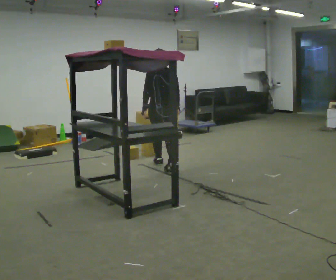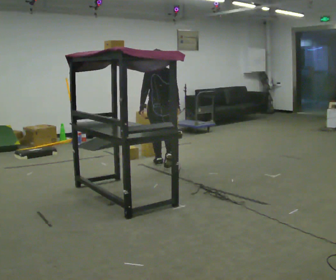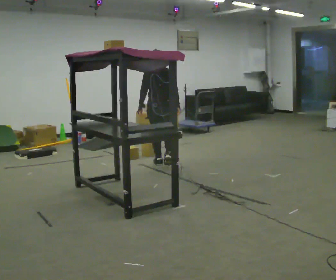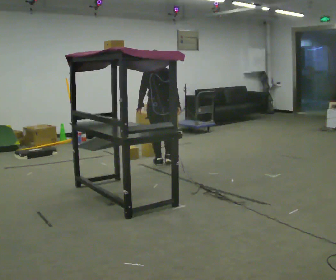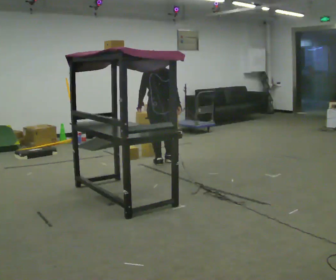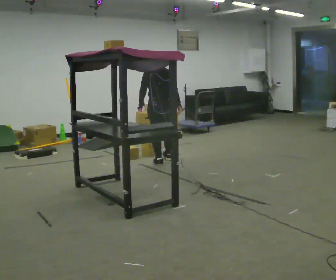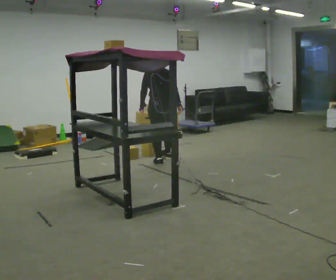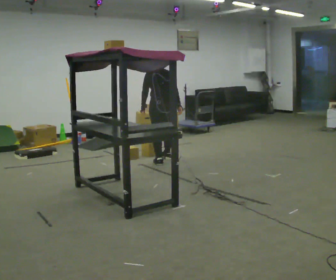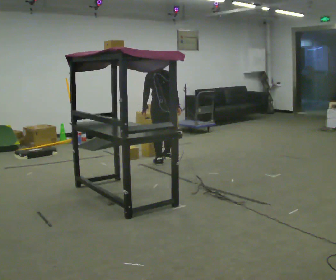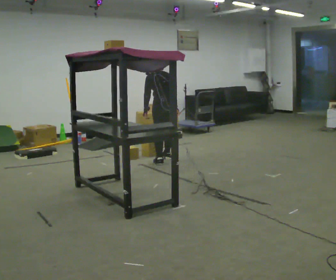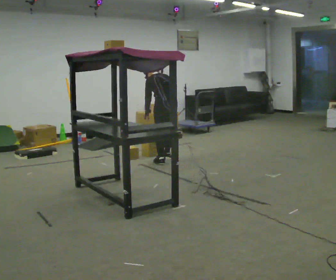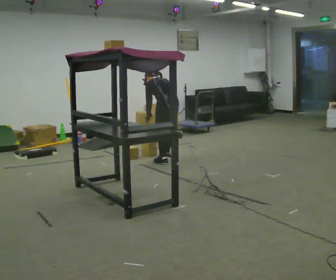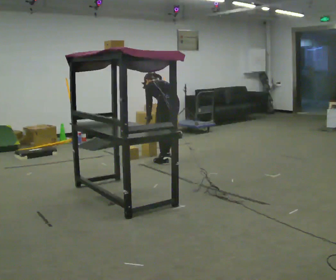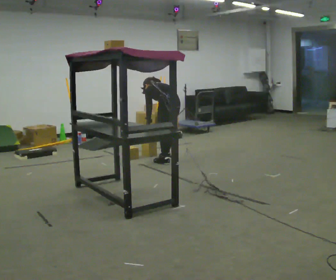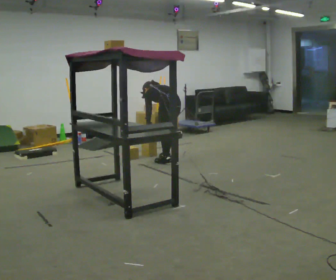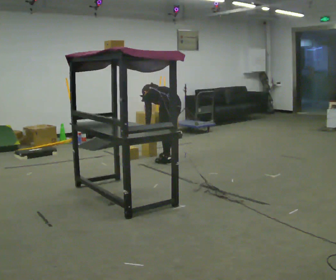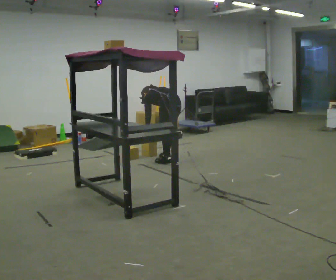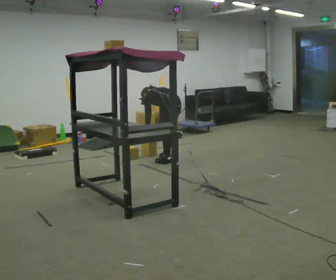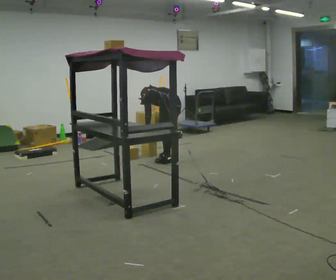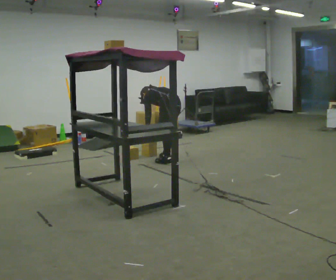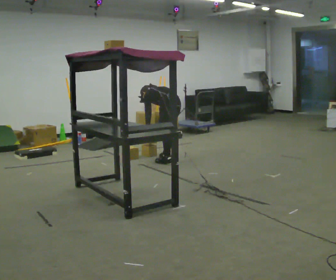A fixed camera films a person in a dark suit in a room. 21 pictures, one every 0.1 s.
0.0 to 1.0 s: The person turns about 30 degrees to their left, counterclockwise seen from above, so the part of the body nearest the lens slides to the right. In the picture they go away from the camera, about 0.25 m in 1 step, which for them is forward and to their right. The upper body tips away from the camera, its near side rolling upward, as they bend forward.
1.0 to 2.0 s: The shoulders move downward. In the picture the upper body tilts counterclockwise, shoulders to the left, as they bend forward.
The film runs forward here.
